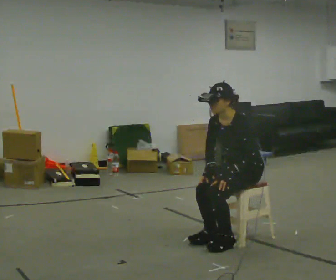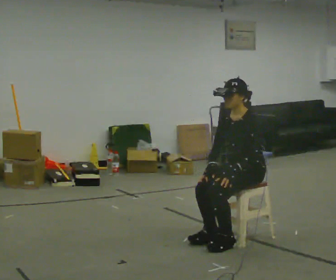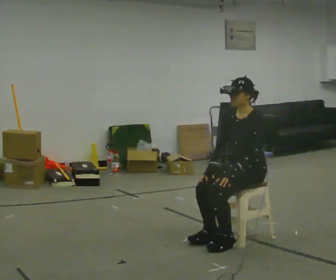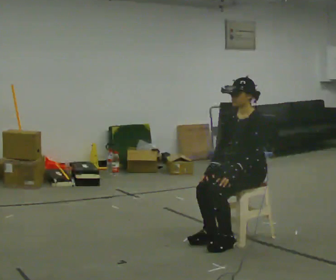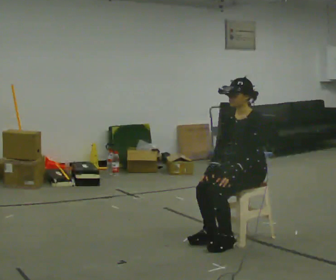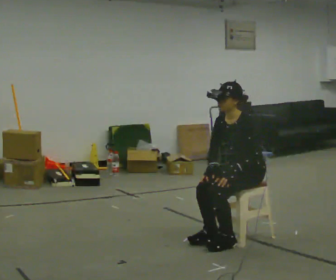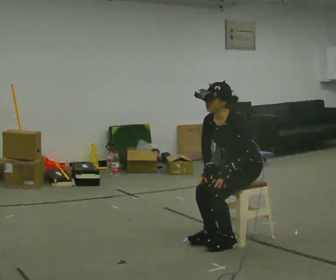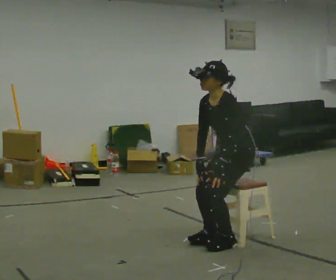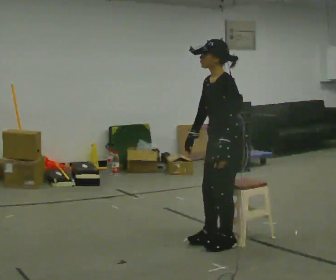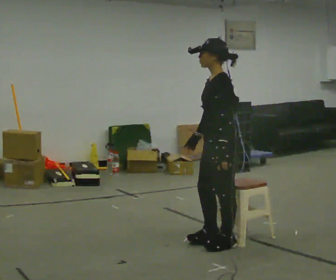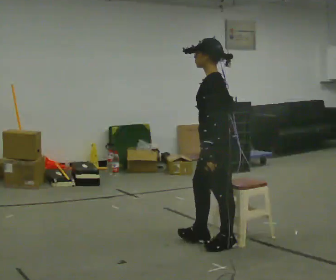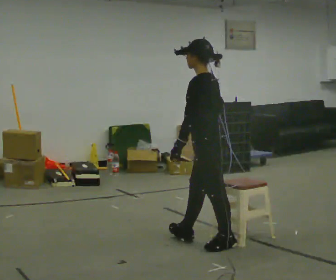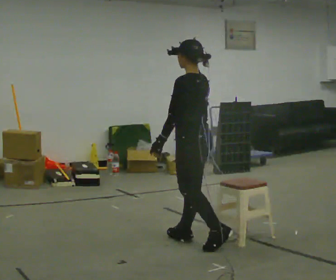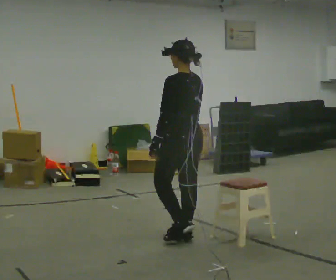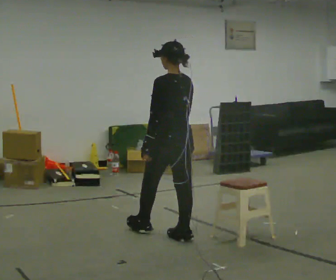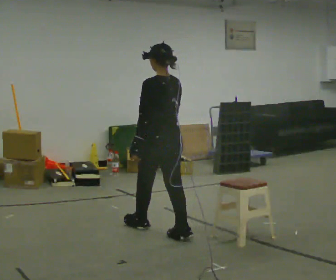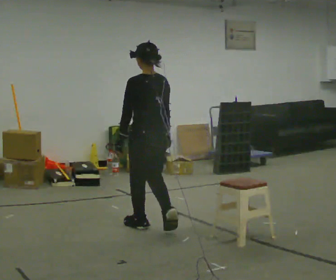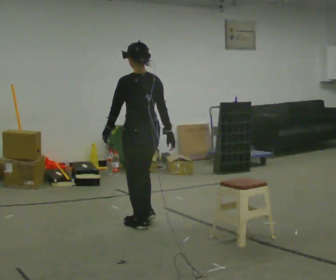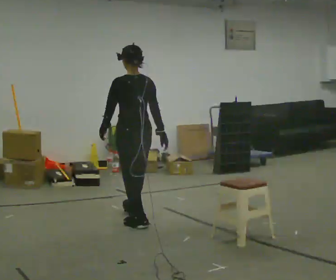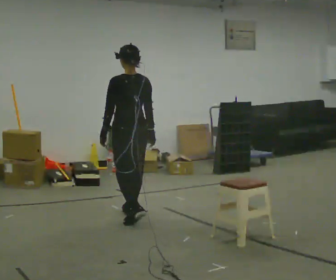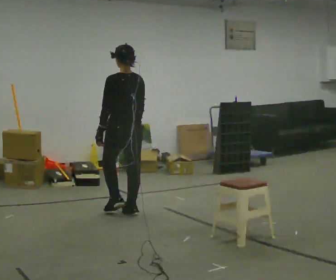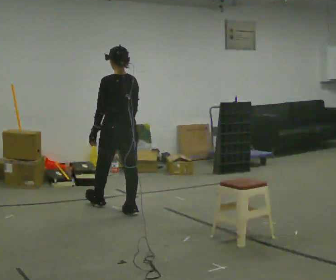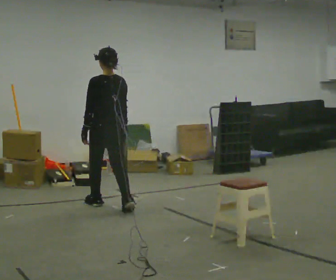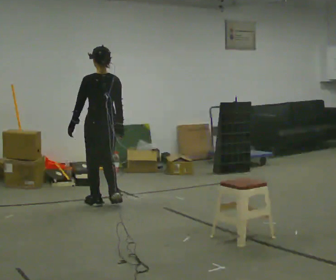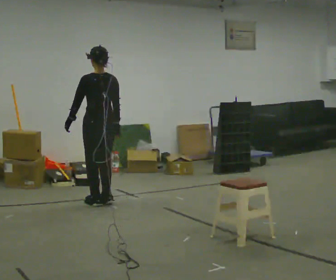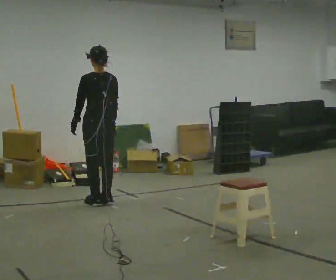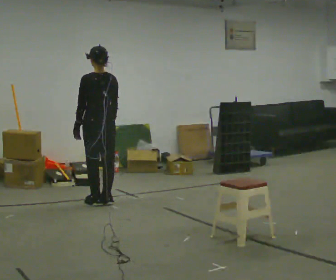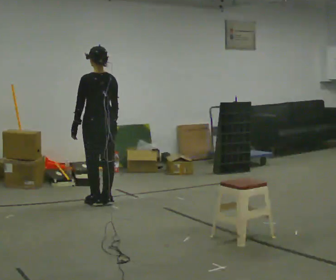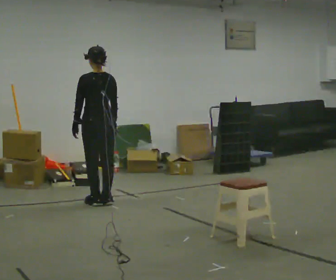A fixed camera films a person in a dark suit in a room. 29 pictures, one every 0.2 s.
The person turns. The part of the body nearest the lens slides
to the left.
The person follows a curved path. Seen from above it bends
clockwise.
0.0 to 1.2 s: The person moves a little, or ends about where they began.
1.2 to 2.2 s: The part of the body nearest the lens slides to the left as the person turns to their right by about 45 degrees. In the picture they go to the left, about 0.25 m in 1 step, which for them is forward. The shoulders move upward. In the picture the upper body tilts clockwise, shoulders to the right, as they lean back or straighten.
2.2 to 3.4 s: Seen from above the body turns clockwise, about 45 degrees: to their right, with its near side sliding to the left. In the picture they go away from the camera and to the left, about 1 m in 1 step, which for them is forward.
3.4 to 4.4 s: In the picture they go away from the camera and to the left, about 0.5 m in 2 steps, which for them is forward.
4.4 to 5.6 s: In the picture they go away from the camera, about 0.25 m in 1 step, which for them is forward.
The film runs forward here.
